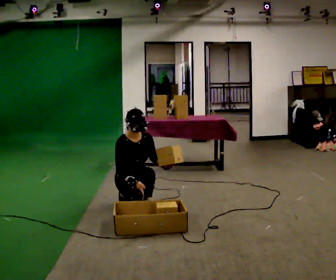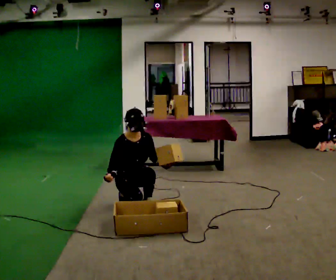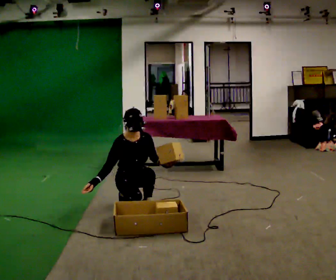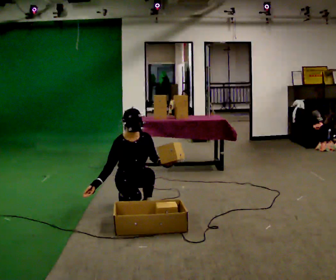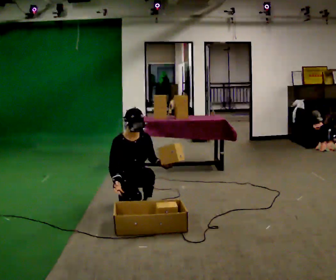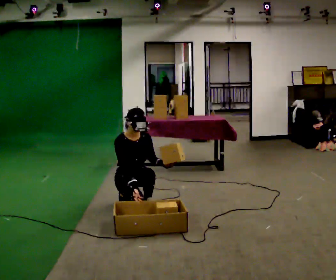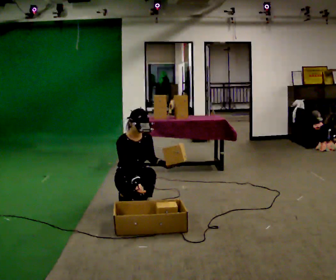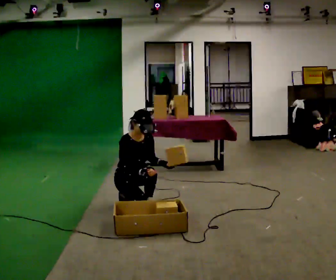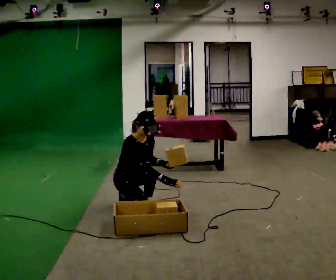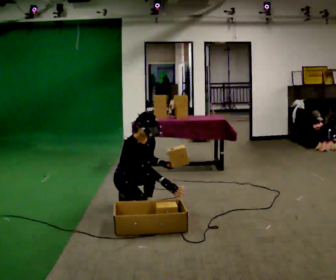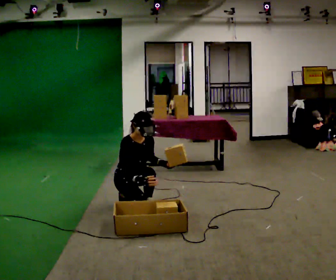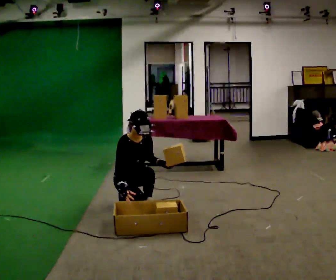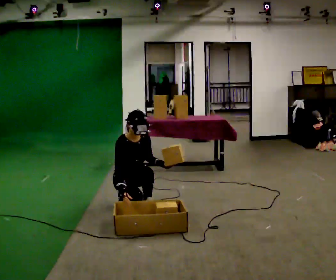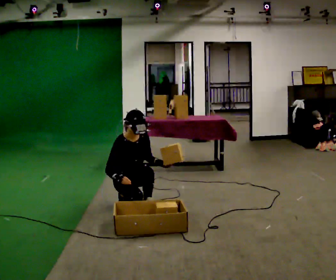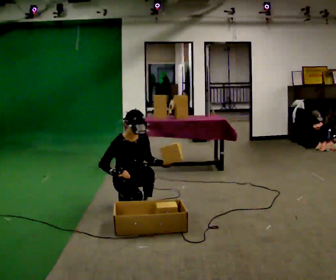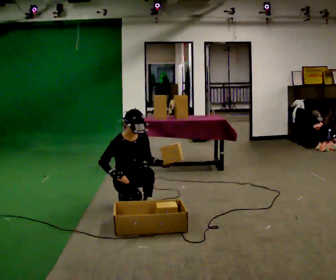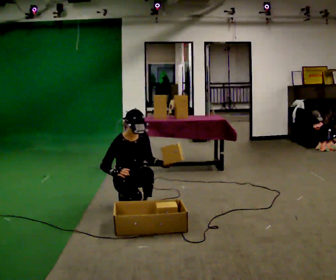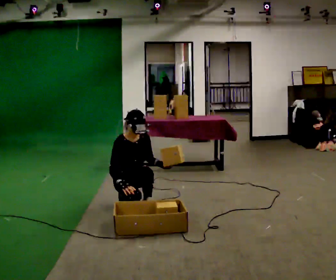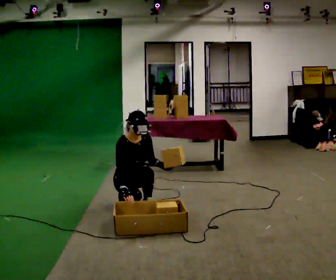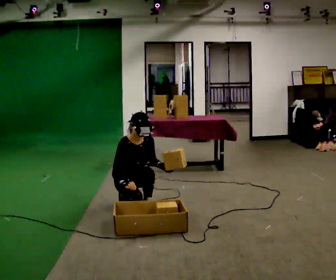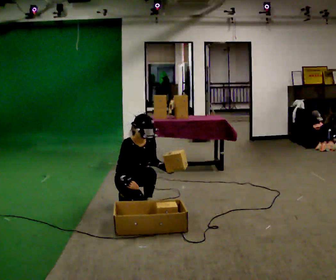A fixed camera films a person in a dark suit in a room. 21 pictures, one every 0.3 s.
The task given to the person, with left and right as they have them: Carry the object across the room, open the lid of the container, put the object inside, and close the lid again. Then go back for the next one. Keep going until the operator says stop; one object at a time, and do not rush between trips.
0.0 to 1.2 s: The person moves a little, or ends about where they began.
1.2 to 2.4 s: In the picture the upper body tilts clockwise, shoulders to the right. In the picture their right hand goes to the right.
2.4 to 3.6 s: In the picture their right hand goes to the left.
3.6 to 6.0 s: The person moves a little, or ends about where they began.
The film runs forward here.
